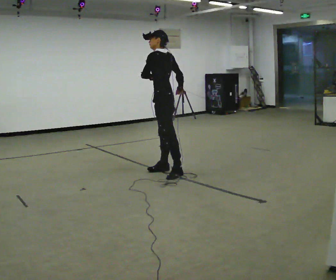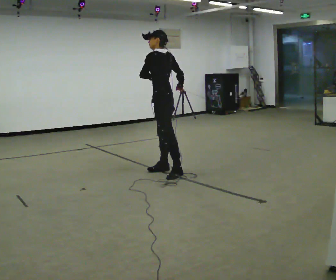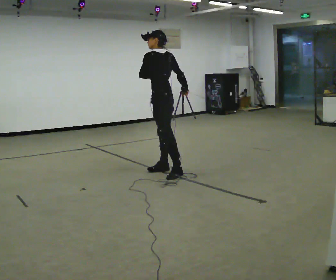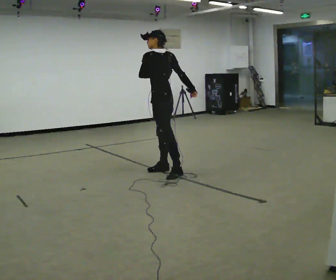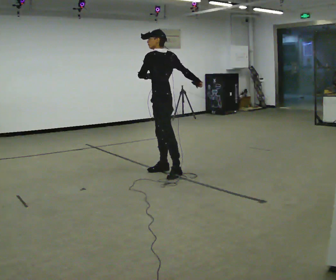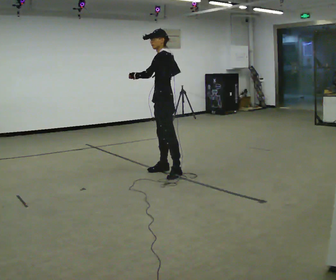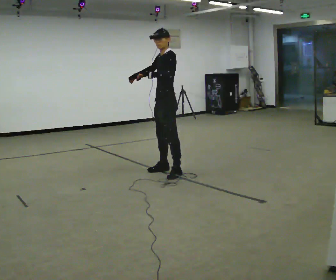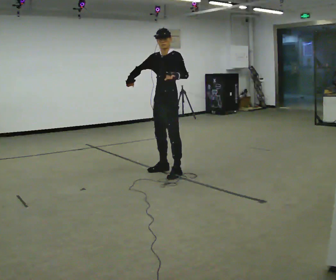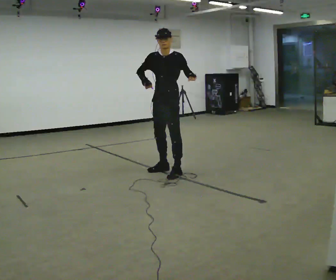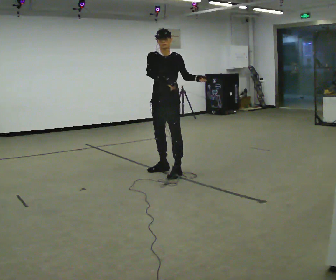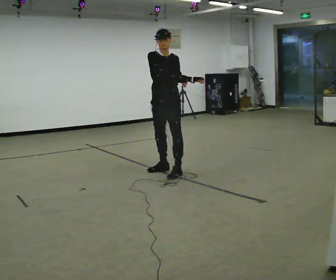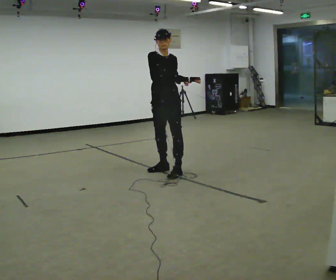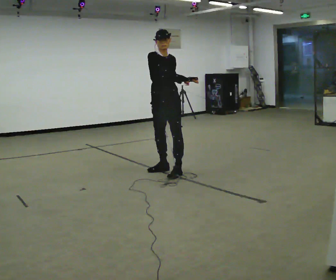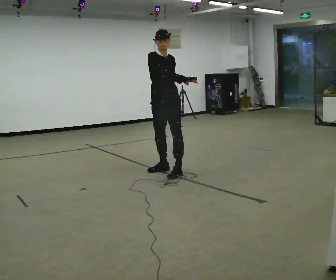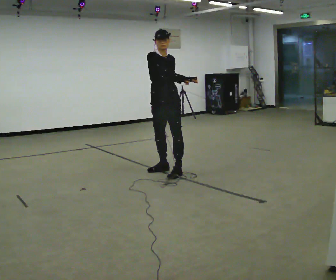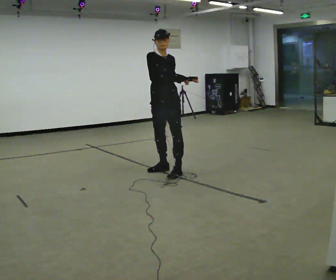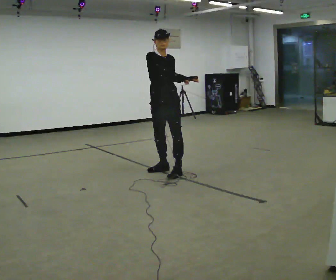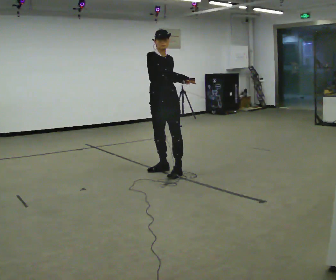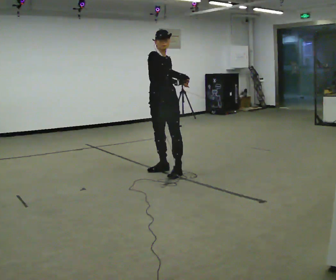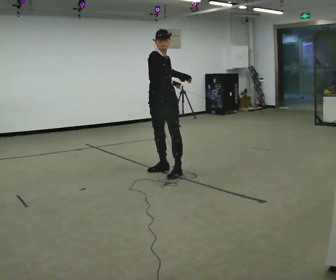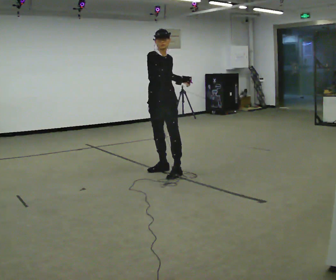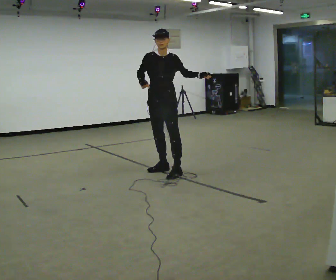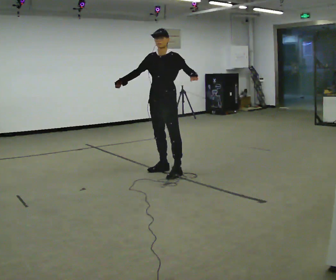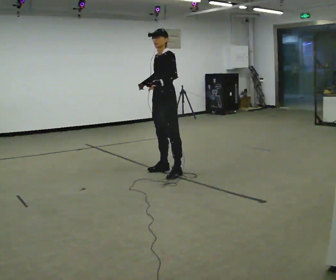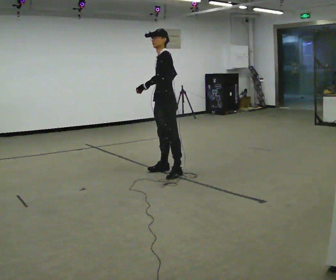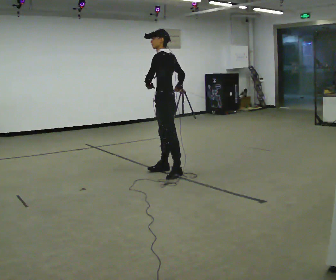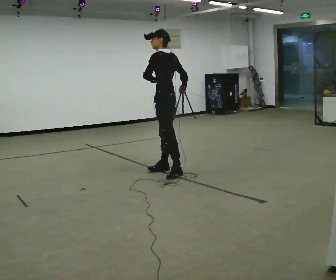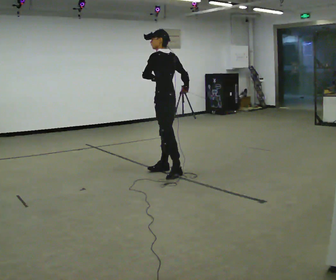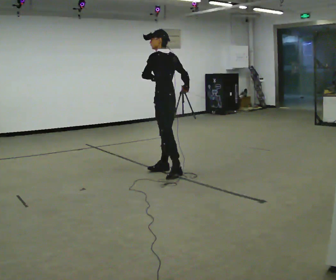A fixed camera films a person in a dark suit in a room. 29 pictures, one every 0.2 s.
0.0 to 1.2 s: The person turns about 30 degrees to their left, counterclockwise seen from above, so the part of the body nearest the lens slides to the right. In the picture their right hand goes to the left.
1.2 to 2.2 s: The part of the body nearest the lens slides to the right as the person turns to their left by about 90 degrees. In the picture their right hand goes to the right.
2.2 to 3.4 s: The person moves a little, or ends about where they began.
3.4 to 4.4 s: Seen from above the body turns clockwise, about 45 degrees: to their right, with its near side sliding to the left. In the picture their right hand goes to the left.
4.4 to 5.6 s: The part of the body nearest the lens slides to the left as the person turns to their right by about 90 degrees. In the picture their right hand goes to the right, the arm swinging counterclockwise.
The film runs backward here.
